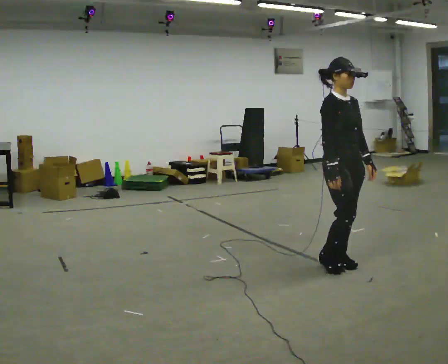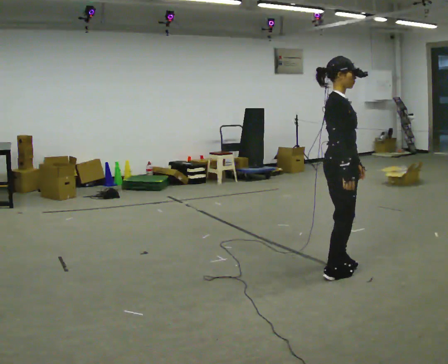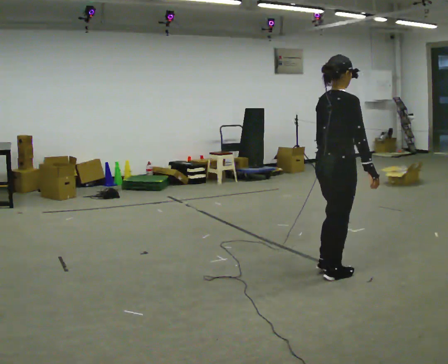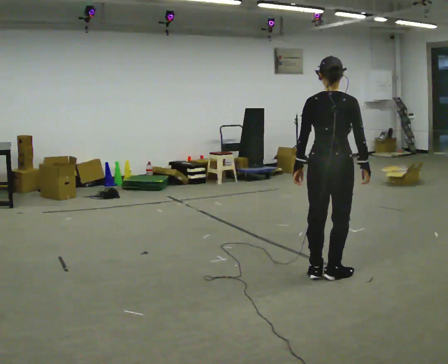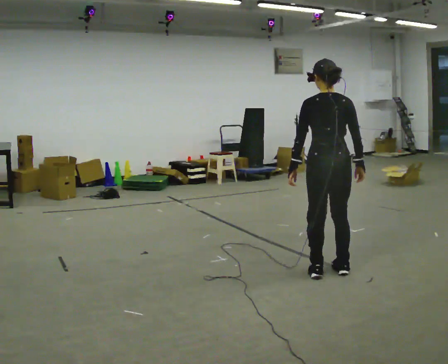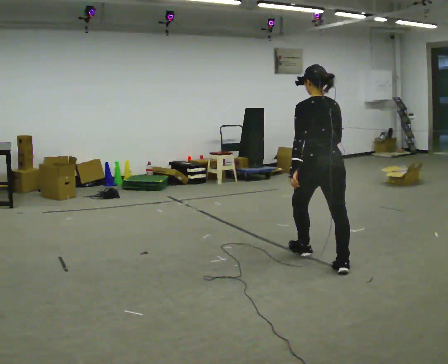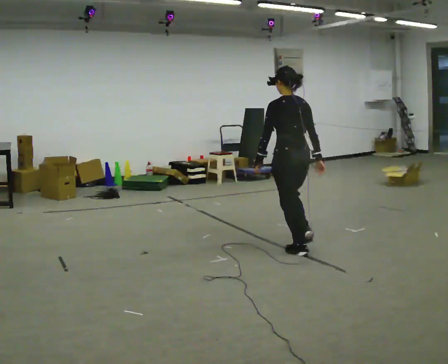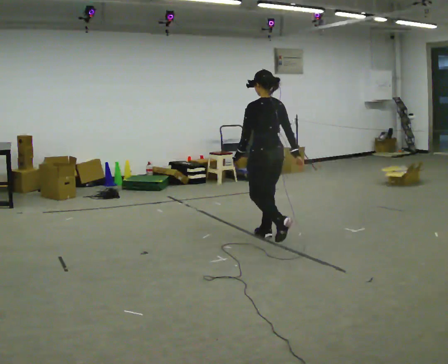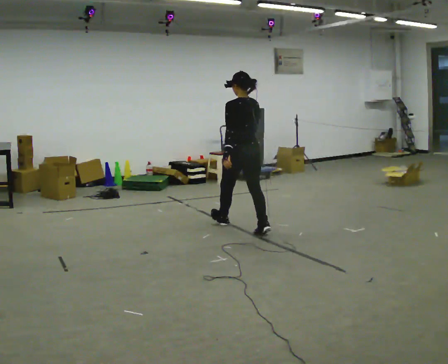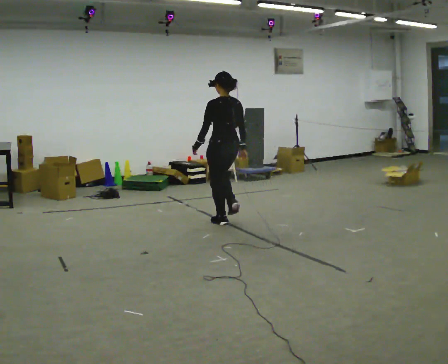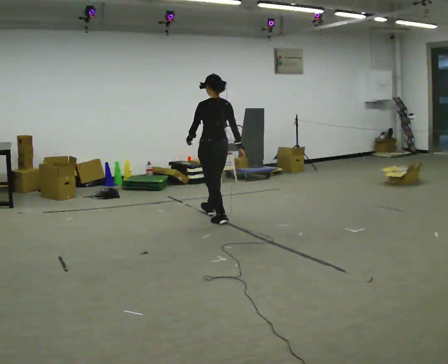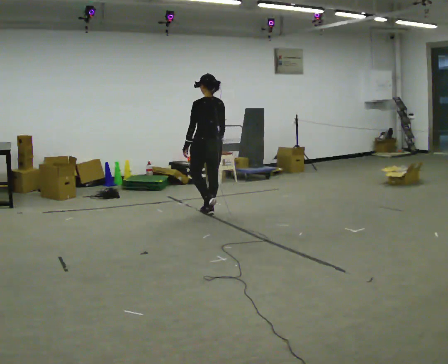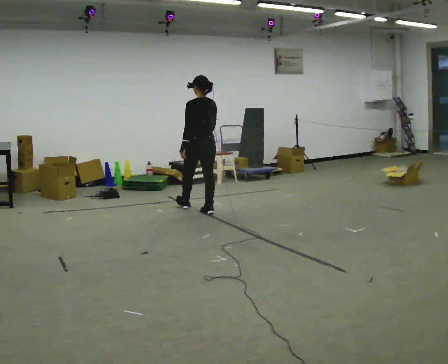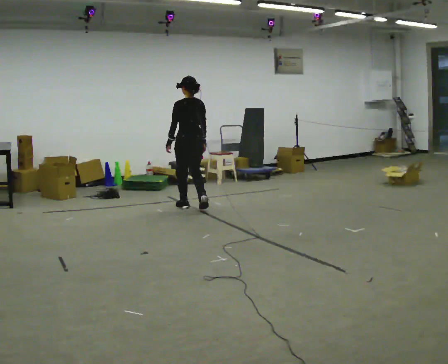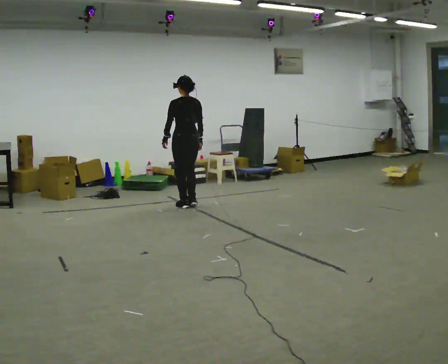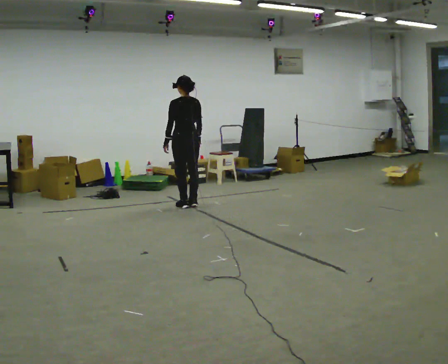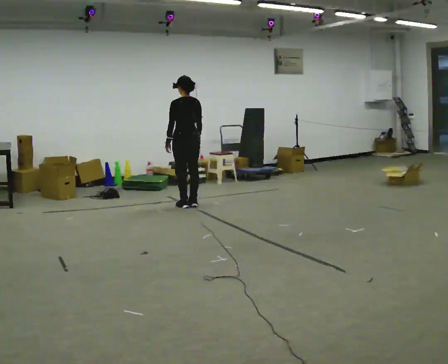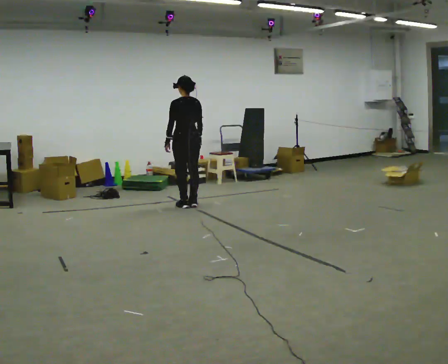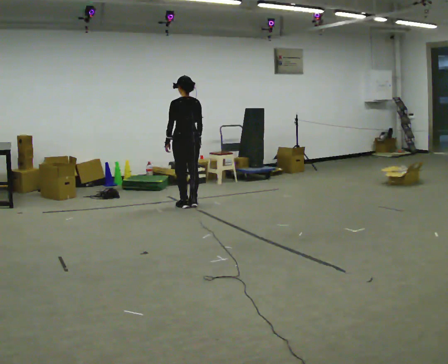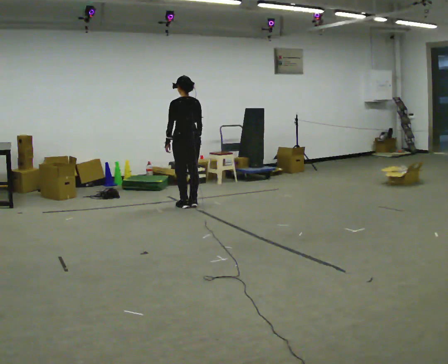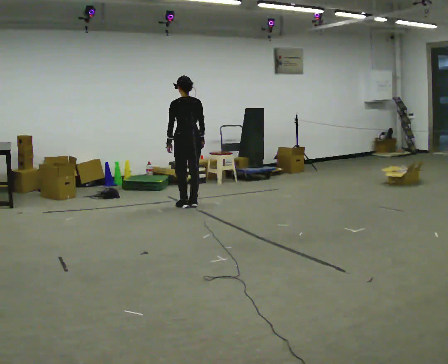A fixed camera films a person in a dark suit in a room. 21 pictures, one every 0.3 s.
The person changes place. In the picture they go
away from the camera.
0.0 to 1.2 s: The part of the body nearest the lens slides to the right as the person turns to their left by about 135 degrees. In the picture their left hand goes to the left, the arm swinging clockwise.
1.2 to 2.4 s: In the picture they go away from the camera and to the left, about 1.5 m in 2 steps, which for them is forward.
2.4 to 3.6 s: In the picture they go away from the camera and to the left, about 1 m in 2 steps, which for them is forward.
3.6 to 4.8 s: In the picture they go away from the camera and to the left, about 0.5 m in 2 steps, which for them is forward.
4.8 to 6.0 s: The person moves a little, or ends about where they began.
The film runs forward here.
